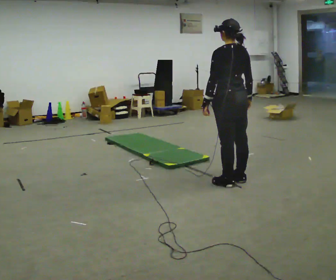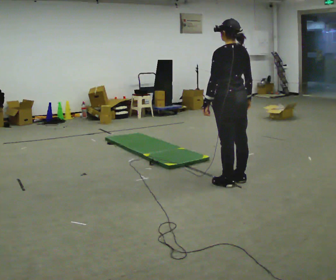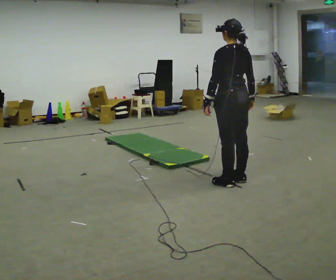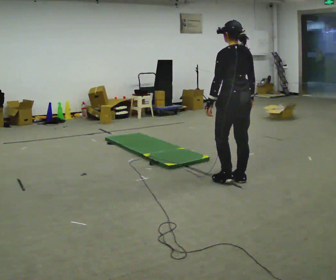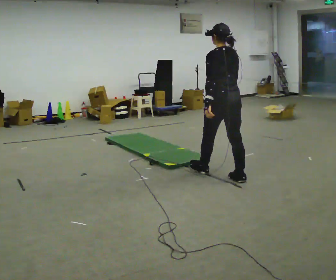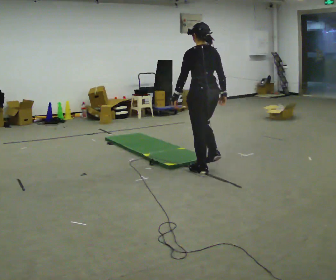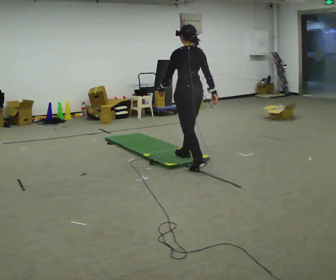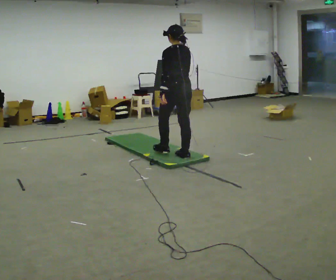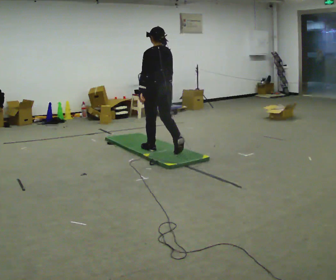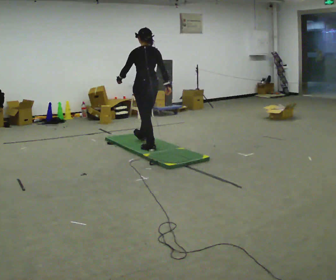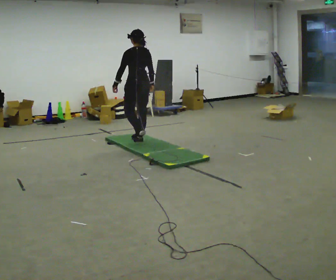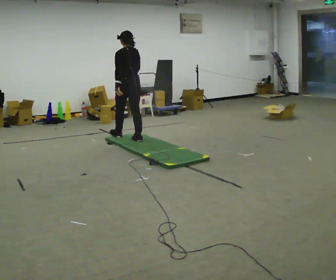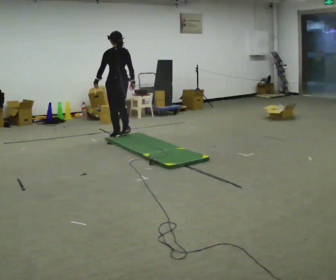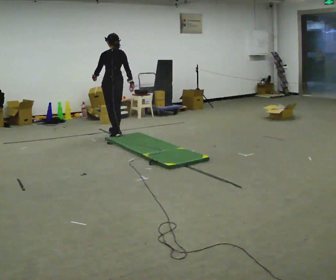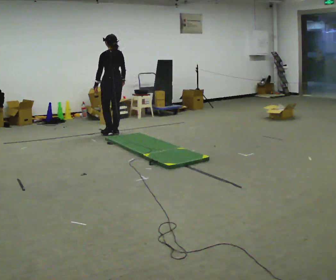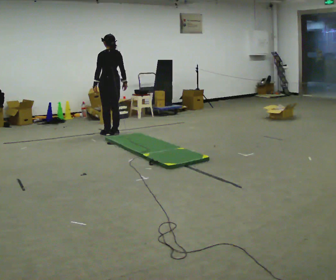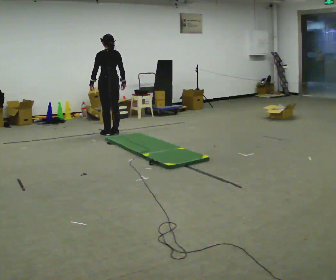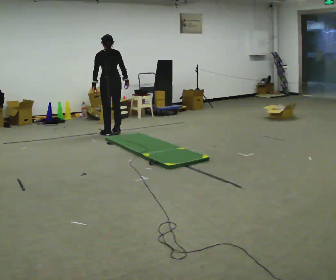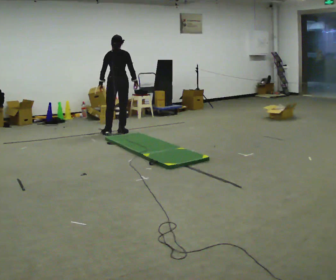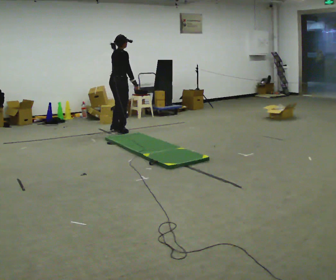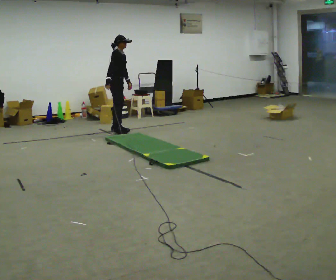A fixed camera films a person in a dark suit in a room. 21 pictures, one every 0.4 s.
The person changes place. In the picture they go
away from the camera.
0.0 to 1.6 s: In the picture they go away from the camera, about 0.25 m in 1 step, which for them is forward.
1.6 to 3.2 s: In the picture they go away from the camera and to the left, about 1 m in 2 steps, which for them is forward.
3.2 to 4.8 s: In the picture they go away from the camera and to the left, about 1 m in 2 steps, which for them is forward.
4.8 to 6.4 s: In the picture they go away from the camera and to the left, about 0.5 m in 2 steps, which for them is forward.
6.4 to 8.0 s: Seen from above the body turns clockwise, about 120 degrees: to their right, with its near side sliding to the left. In the picture they go away from the camera, about 0.25 m in 1 step.
The film runs forward here.
